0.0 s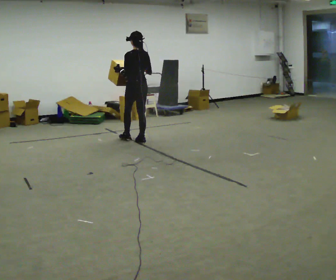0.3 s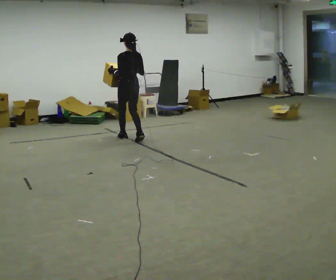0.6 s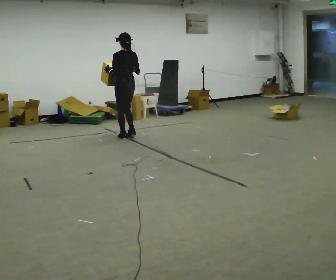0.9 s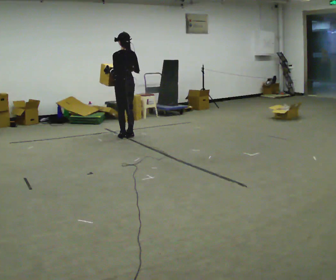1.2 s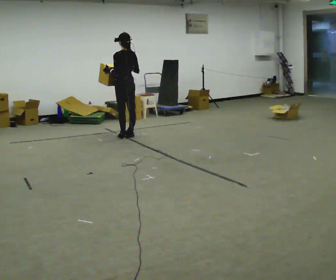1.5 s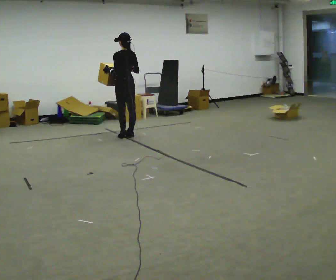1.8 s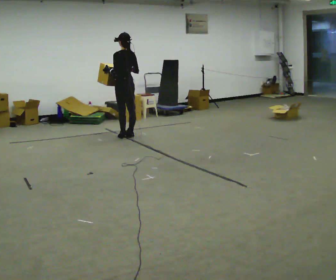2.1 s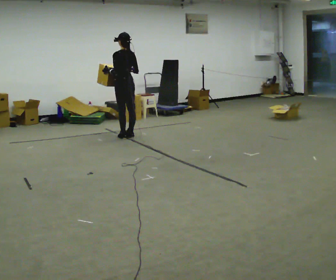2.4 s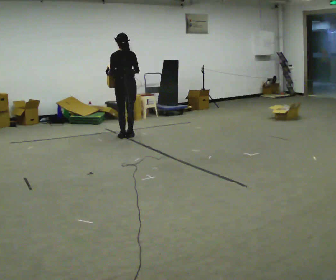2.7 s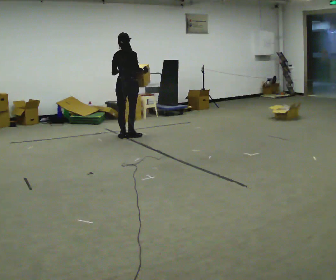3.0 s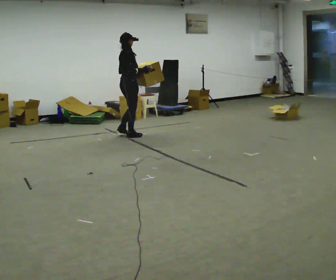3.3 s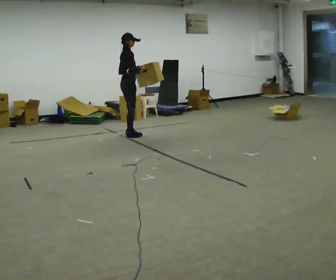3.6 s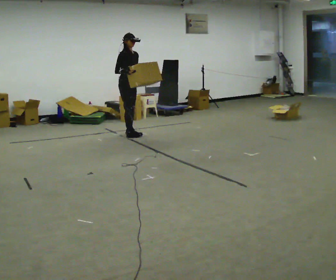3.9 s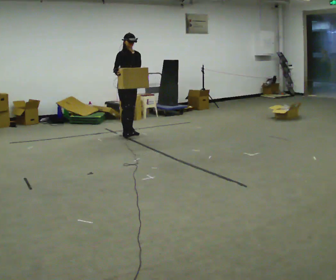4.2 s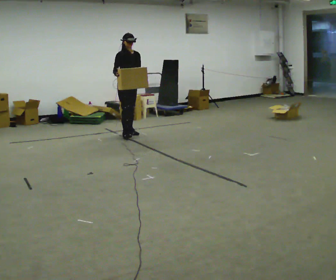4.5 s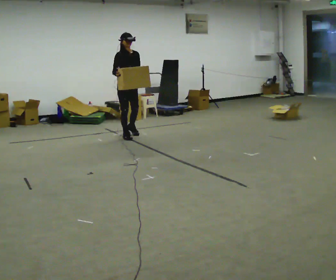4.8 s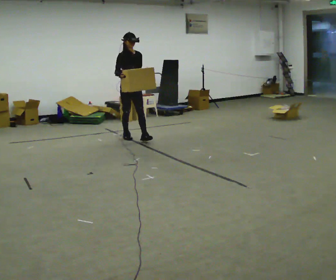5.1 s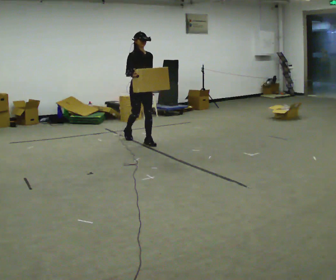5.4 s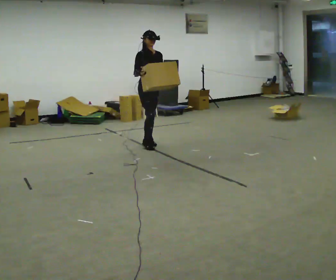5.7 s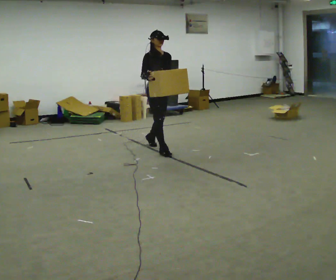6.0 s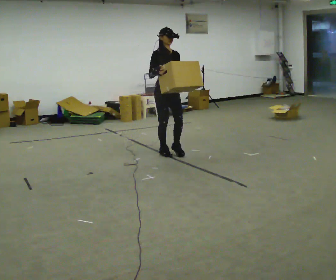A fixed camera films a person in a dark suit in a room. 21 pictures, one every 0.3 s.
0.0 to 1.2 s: In the picture they go away from the camera and to the left, about 0.5 m in 2 steps, which for them is forward.
1.2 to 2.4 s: The part of the body nearest the lens slides to the left as the person turns to their right by about 30 degrees.
2.4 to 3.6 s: The person turns about 150 degrees to their right, clockwise seen from above, so the part of the body nearest the lens slides to the left. In the picture they go away from the camera, about 0.25 m in 1 step.
3.6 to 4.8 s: In the picture they go toward the camera, about 0.25 m, which for them is forward.
4.8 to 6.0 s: In the picture they go toward the camera and to the right, about 1 m in 2 steps, which for them is forward.
The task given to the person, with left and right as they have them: Carry the box across the room as briskly as you comfortably can, back and forth. Do not run.
The film runs forward here.
